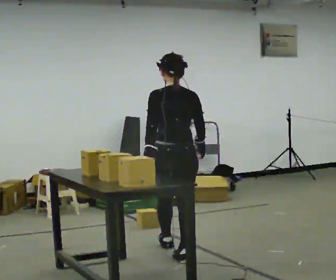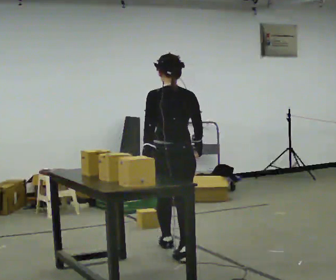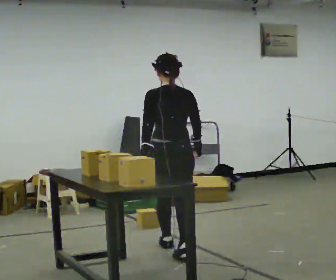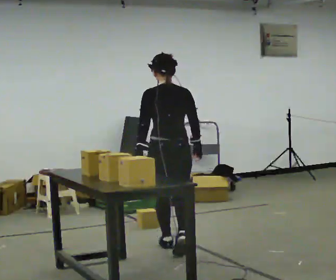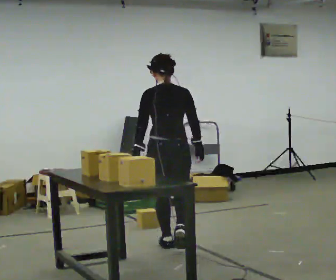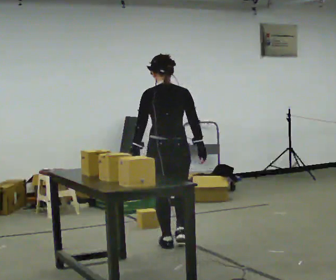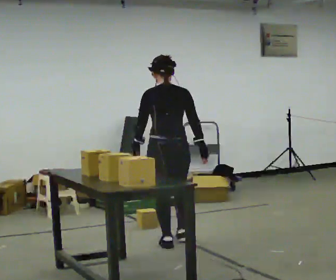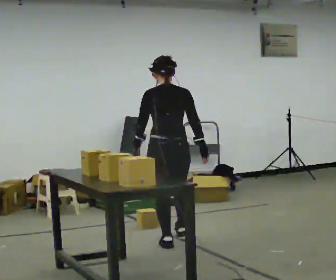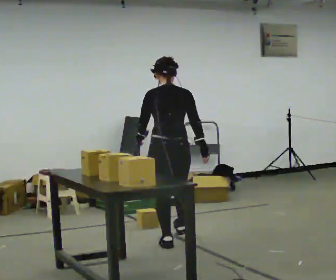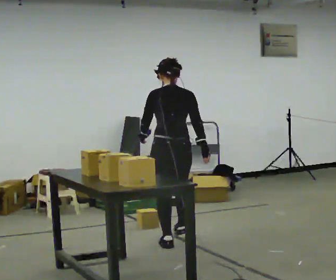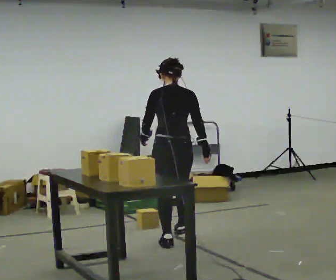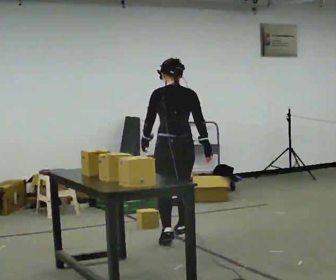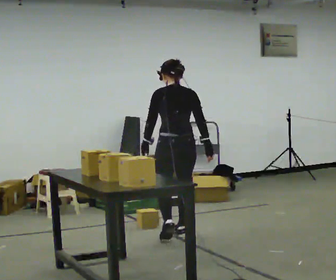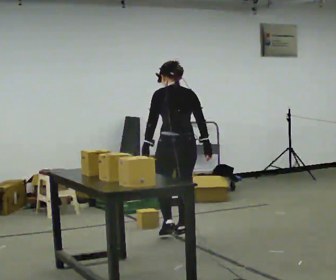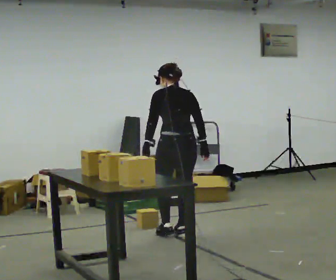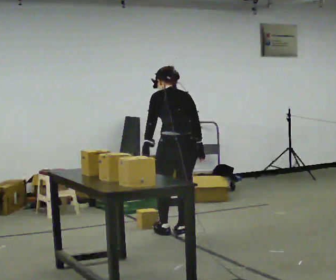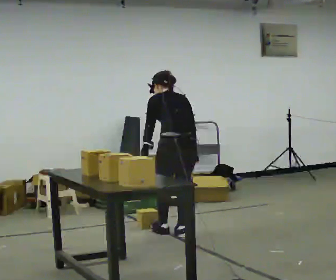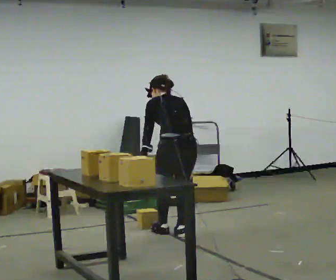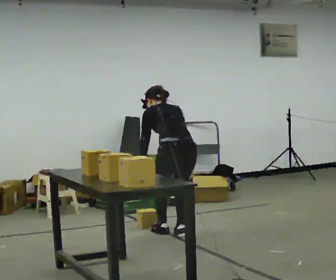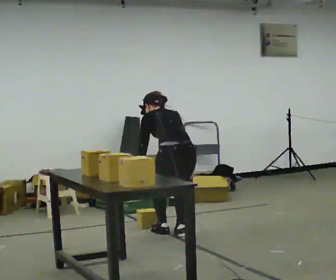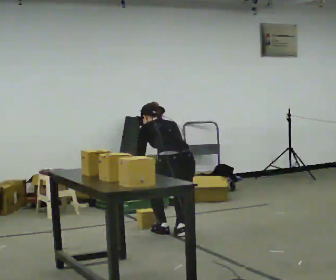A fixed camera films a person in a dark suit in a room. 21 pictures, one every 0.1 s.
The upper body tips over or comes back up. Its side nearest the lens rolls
upward.
The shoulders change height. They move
downward.
0.0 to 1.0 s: In the picture they go away from the camera, about 0.5 m in 1 step, which for them is forward.
1.0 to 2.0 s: In the picture they go away from the camera, about 0.25 m in 1 step, which for them is forward. The upper body goes downward. The upper body tips away from the camera, its near side rolling upward, as they bend forward. In the picture their right hand goes downward and to the left.
The film runs forward here.
